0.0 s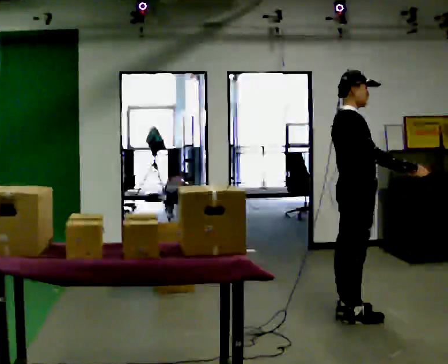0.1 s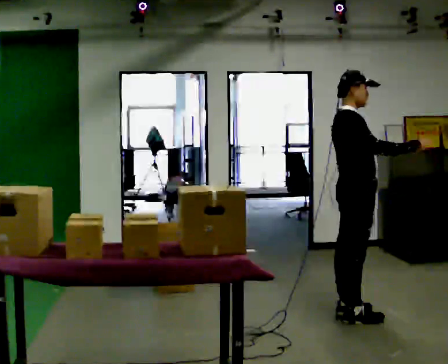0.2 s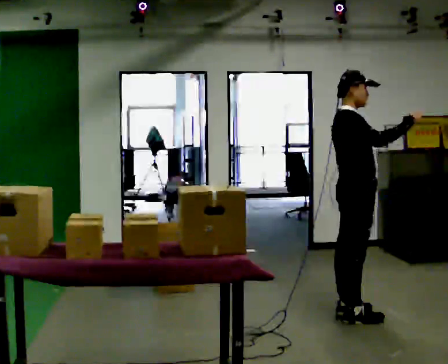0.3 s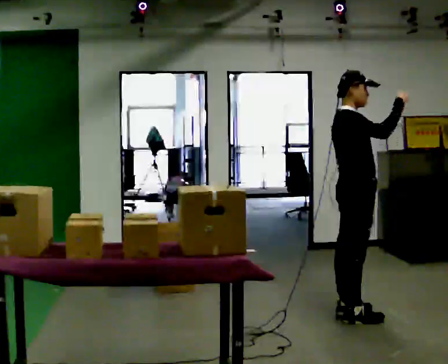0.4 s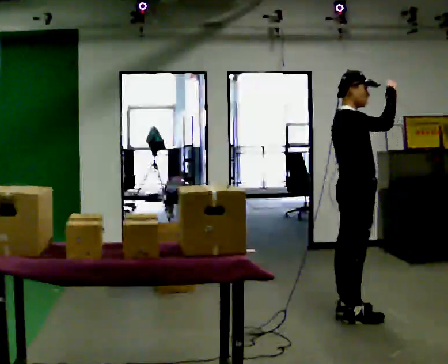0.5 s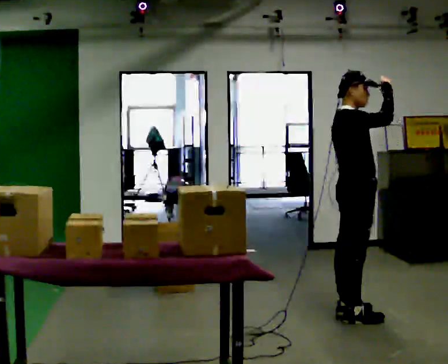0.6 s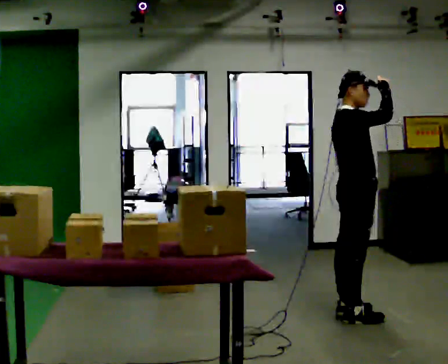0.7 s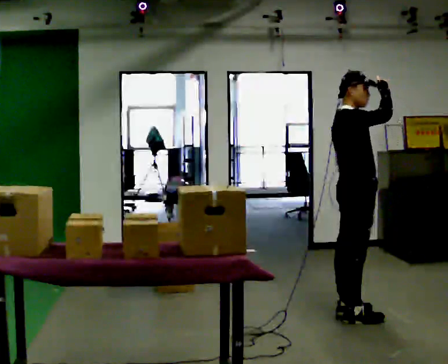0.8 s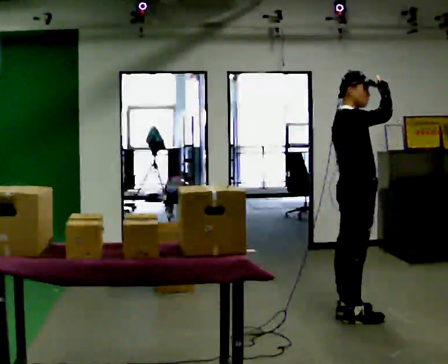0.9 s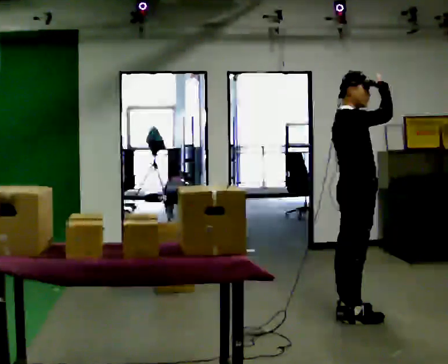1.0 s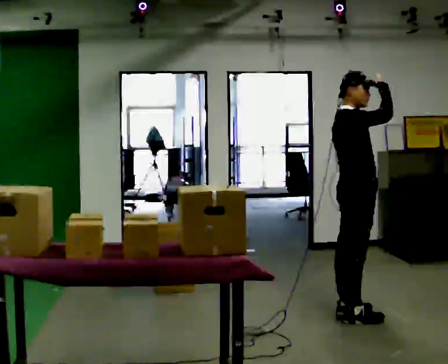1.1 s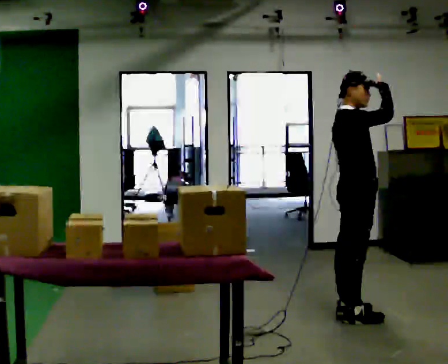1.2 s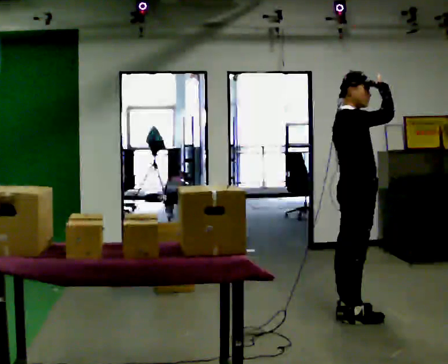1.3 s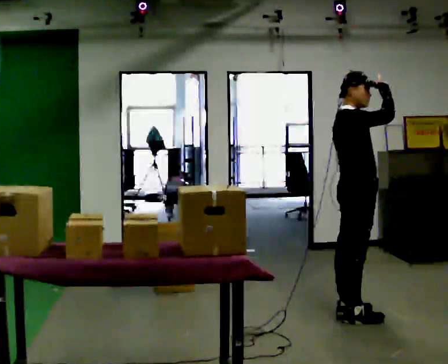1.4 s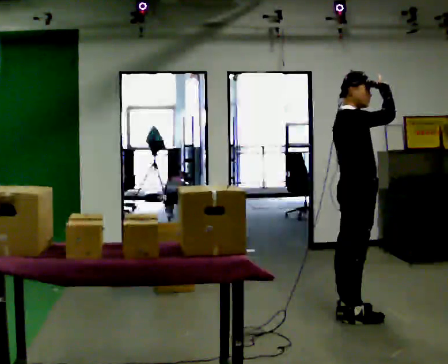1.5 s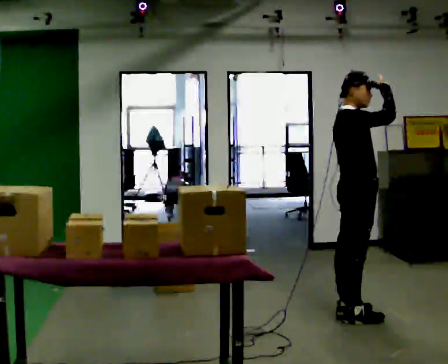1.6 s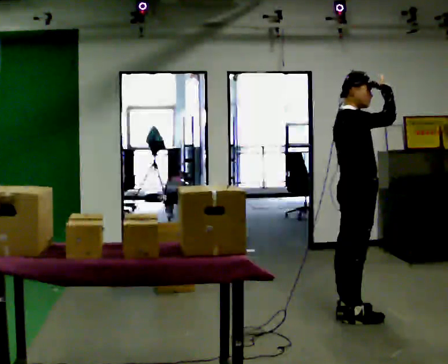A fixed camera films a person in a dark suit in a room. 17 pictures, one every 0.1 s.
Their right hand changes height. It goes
upward.
Their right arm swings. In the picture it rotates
counterclockwise.
0.0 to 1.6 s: In the picture their right hand goes upward, the arm swinging counterclockwise.
The film runs forward here.
